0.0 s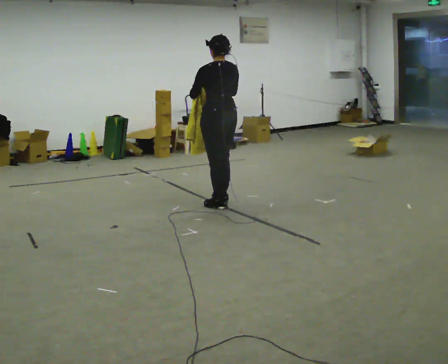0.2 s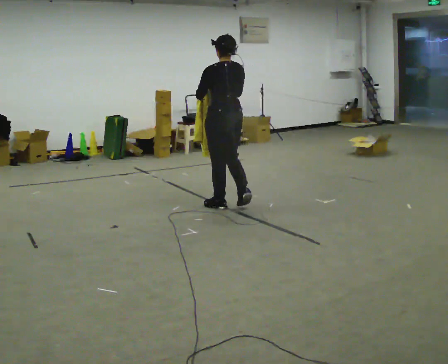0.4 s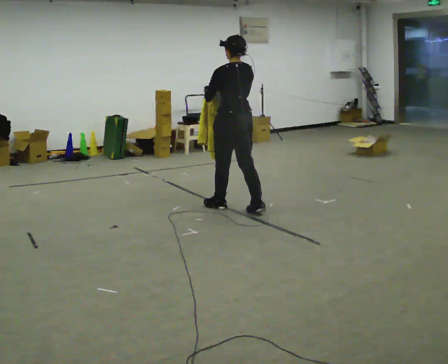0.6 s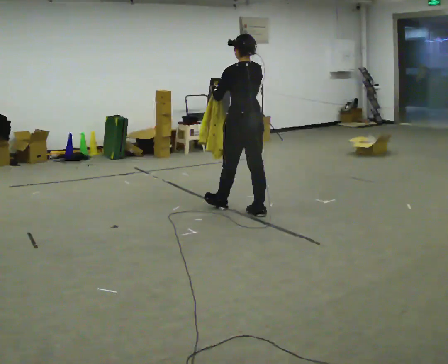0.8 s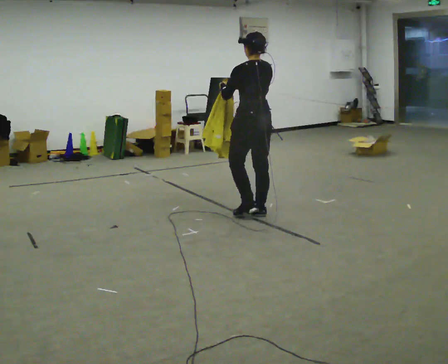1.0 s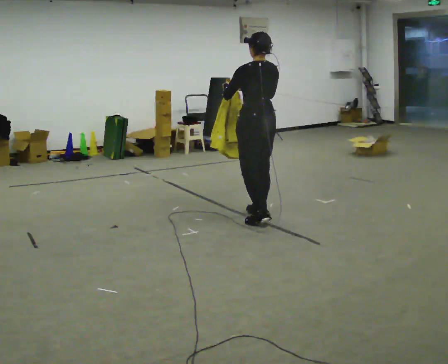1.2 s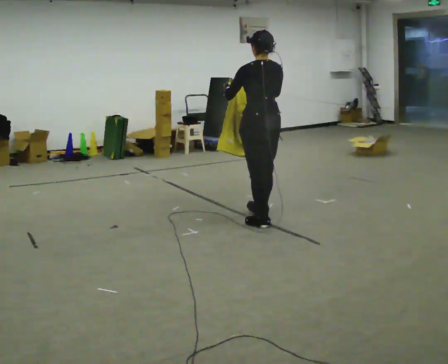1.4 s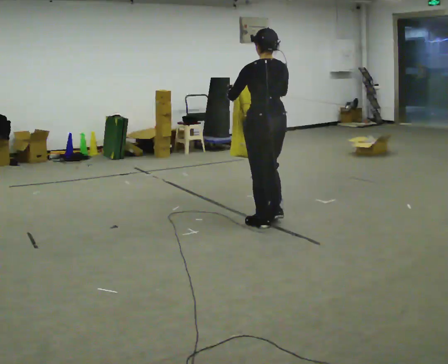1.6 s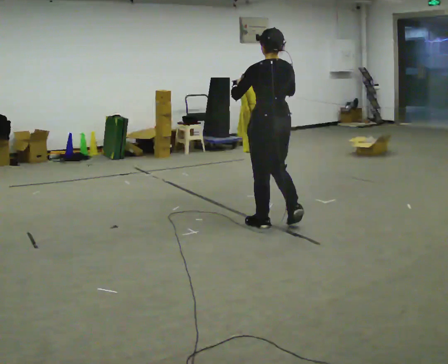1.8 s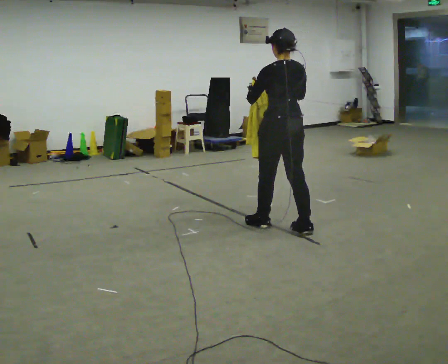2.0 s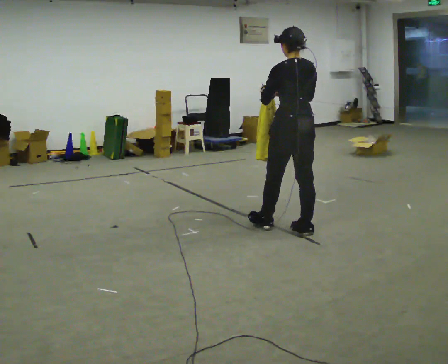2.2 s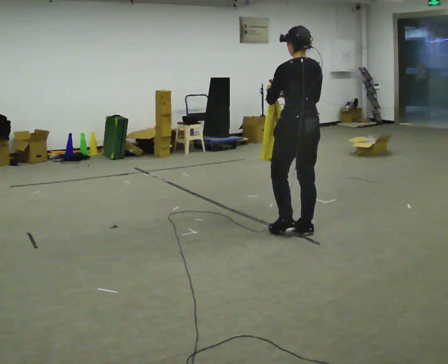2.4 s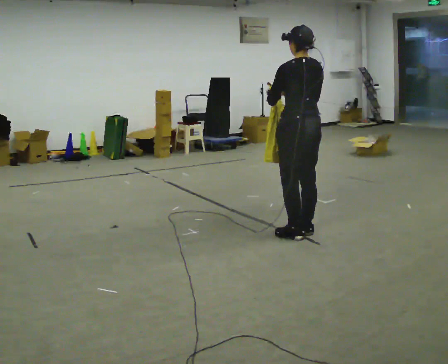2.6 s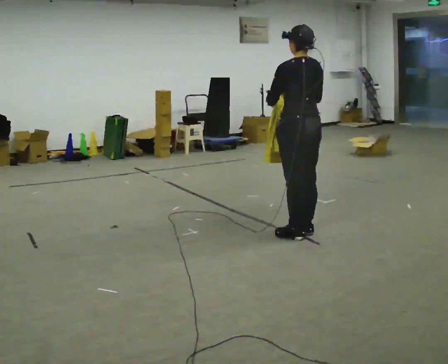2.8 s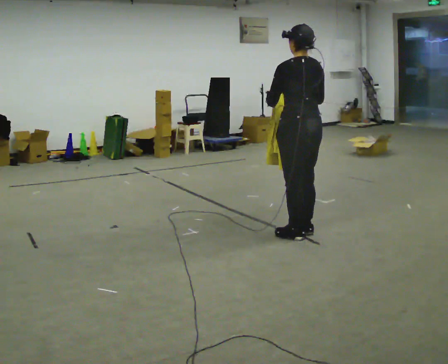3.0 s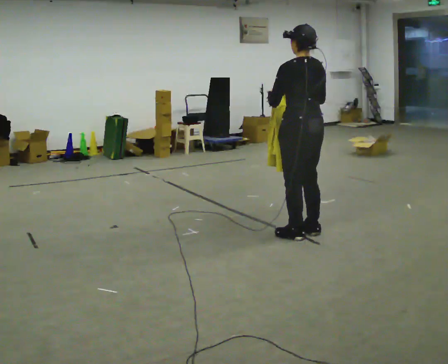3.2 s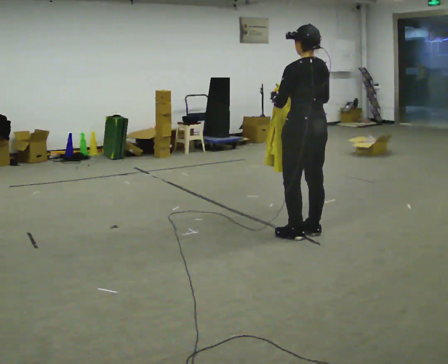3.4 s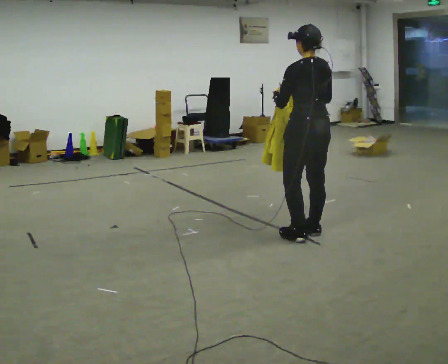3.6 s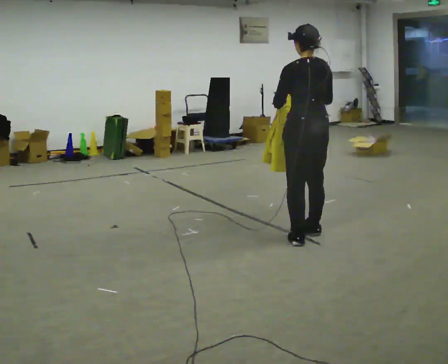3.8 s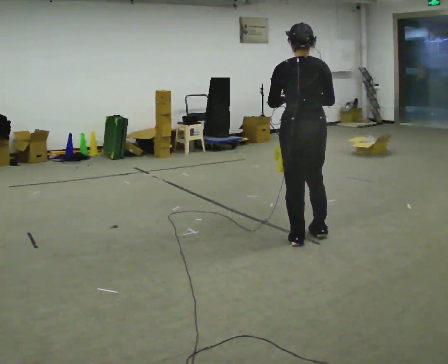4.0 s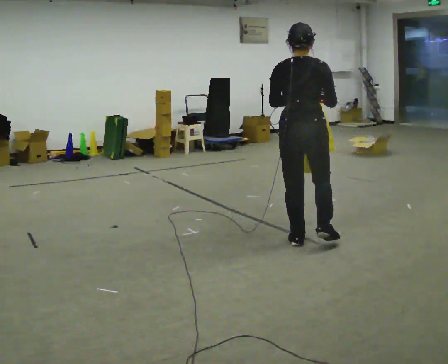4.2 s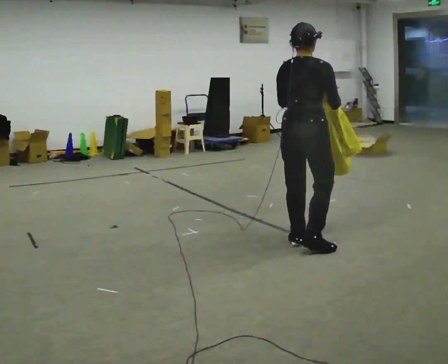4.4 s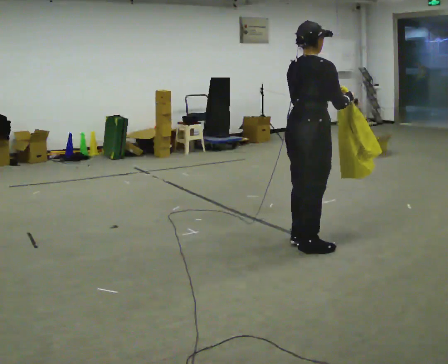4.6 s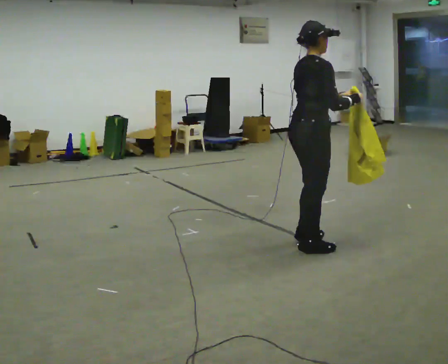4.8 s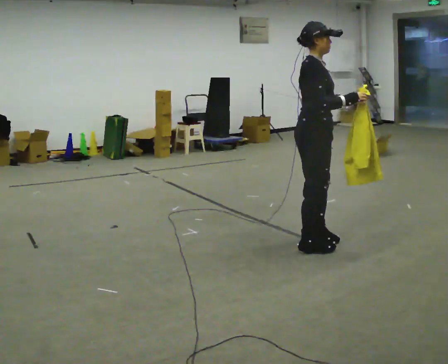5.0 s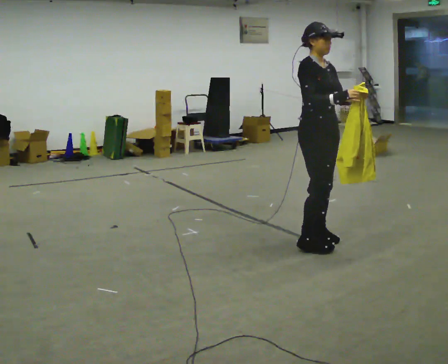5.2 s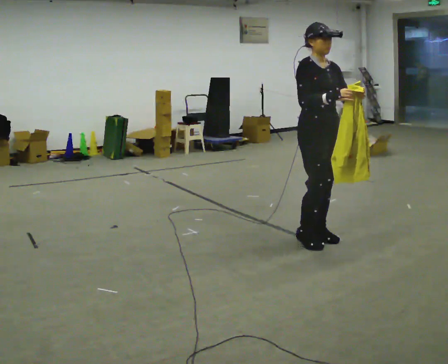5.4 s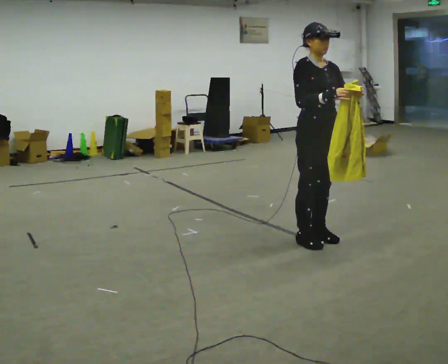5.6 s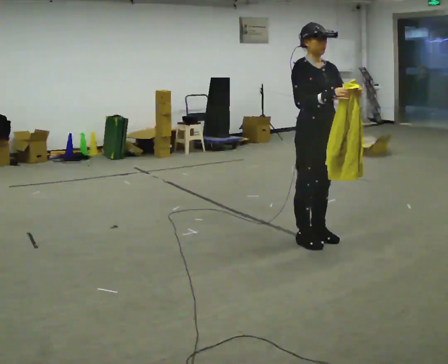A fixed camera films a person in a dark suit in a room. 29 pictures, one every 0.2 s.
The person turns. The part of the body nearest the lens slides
to the left.
The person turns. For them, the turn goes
to their right.
0.0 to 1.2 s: In the picture they go toward the camera and to the right, about 0.5 m in 1 step, which for them is backward.
1.2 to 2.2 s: In the picture they go to the right and toward the camera, about 0.5 m in 2 steps, which for them is backward and to their right.
2.2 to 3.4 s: The person moves a little, or ends about where they began.
3.4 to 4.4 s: Seen from above the body turns clockwise, about 90 degrees: to their right, with its near side sliding to the left. In the picture they go toward the camera, about 0.25 m in 1 step.
4.4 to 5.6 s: Seen from above the body turns clockwise, about 90 degrees: to their right, with its near side sliding to the left.
The film runs backward here.
